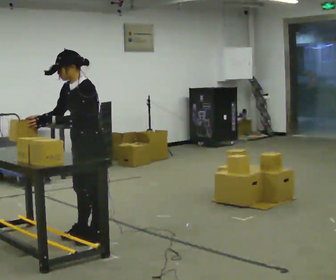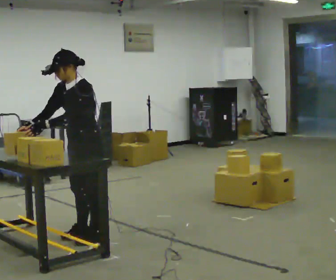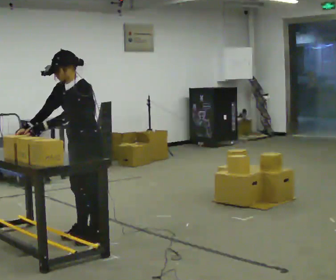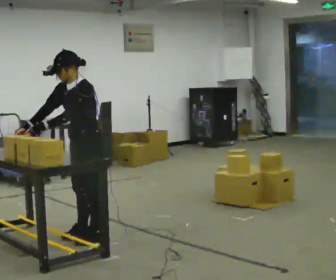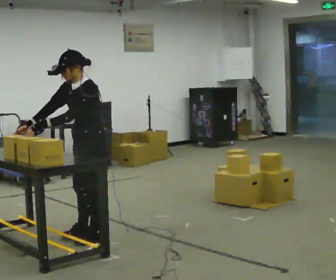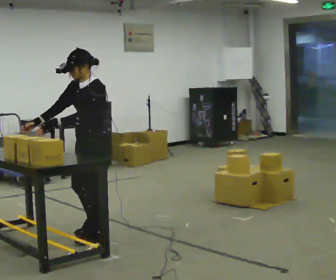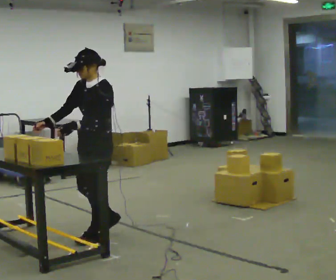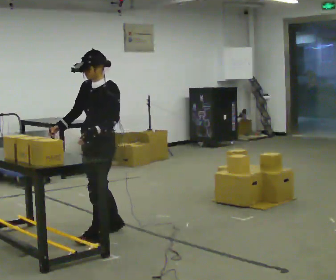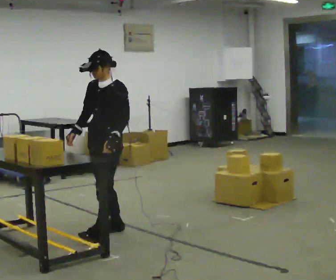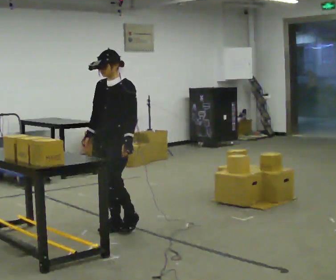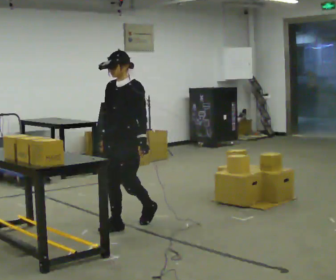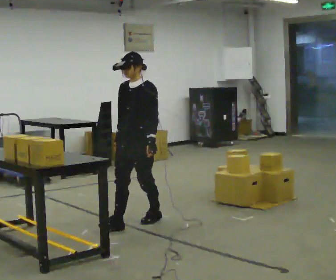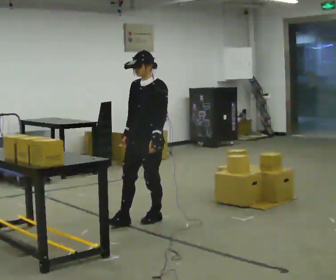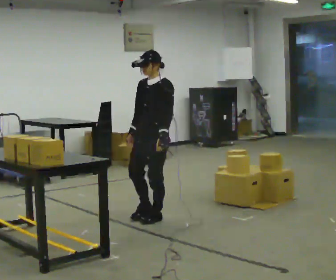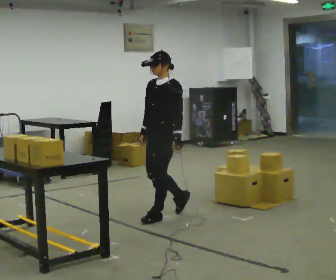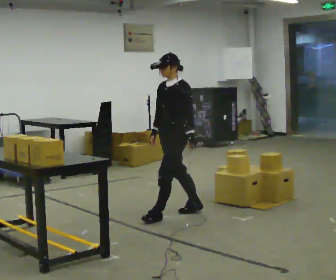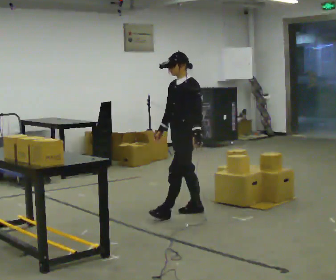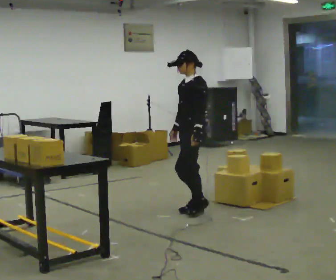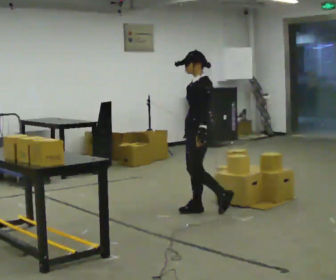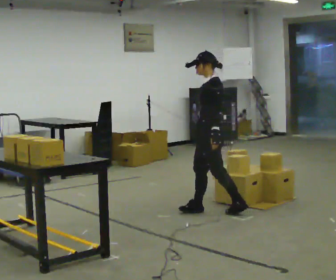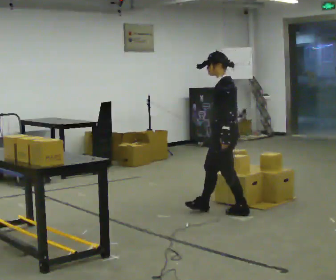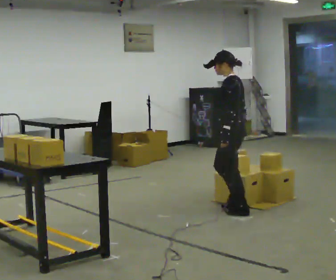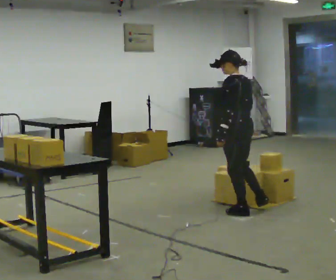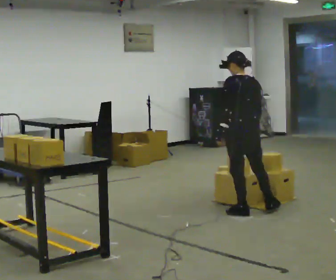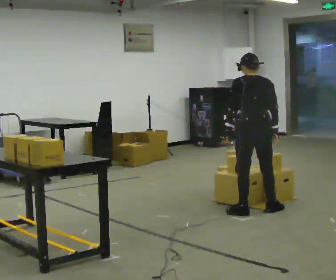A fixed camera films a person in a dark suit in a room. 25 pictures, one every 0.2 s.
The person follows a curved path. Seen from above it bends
clockwise.
The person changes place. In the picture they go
to the right.
0.0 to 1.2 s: The person moves a little, or ends about where they began.
1.2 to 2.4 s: In the picture they go away from the camera and to the right, about 0.5 m in 2 steps, which for them is backward.
2.4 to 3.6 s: The part of the body nearest the lens slides to the left as the person turns to their right by about 30 degrees. In the picture they go to the right and away from the camera, about 0.5 m in 1 step, which for them is backward.
3.6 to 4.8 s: The person turns about 90 degrees to their right, clockwise seen from above, so the part of the body nearest the lens slides to the left. In the picture they go to the right, about 0.5 m in 1 step. The upper body tips away from the camera, its near side rolling upward, as they bend forward.
The film runs backward here.
